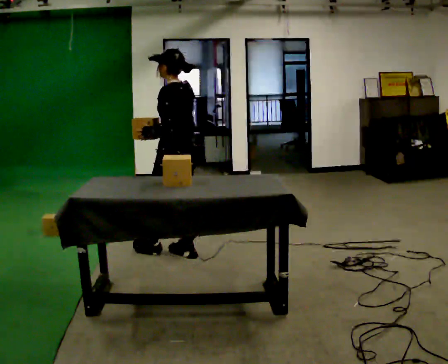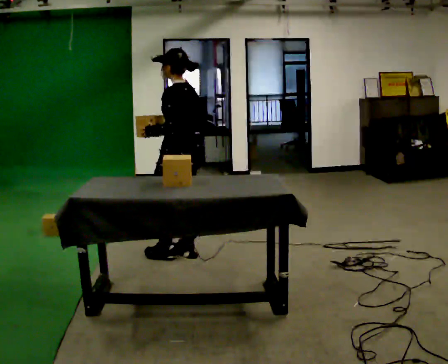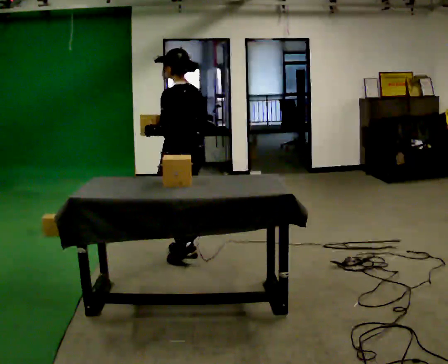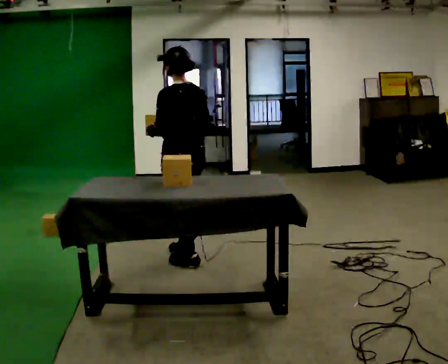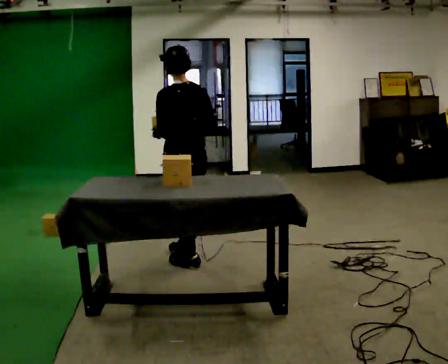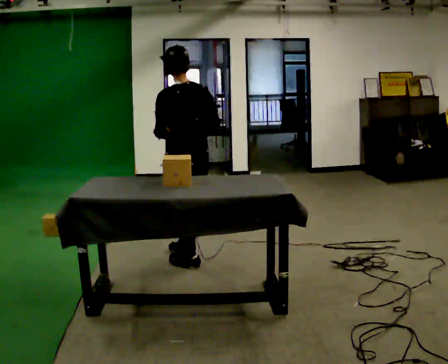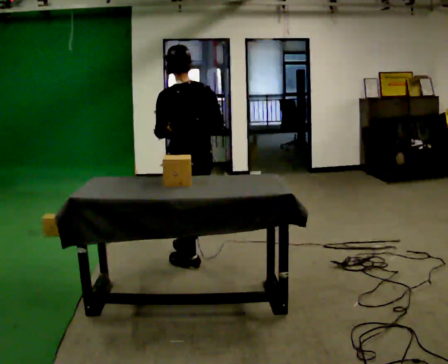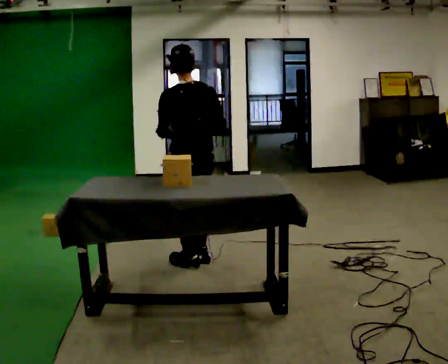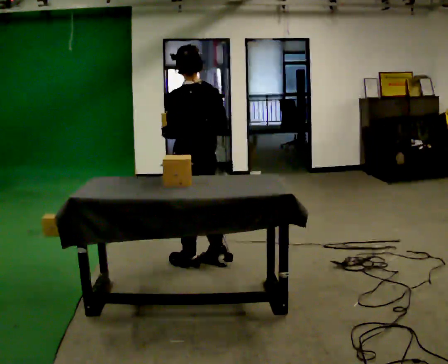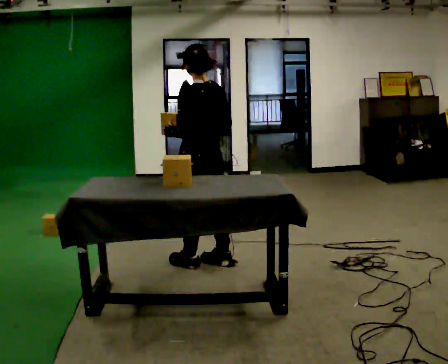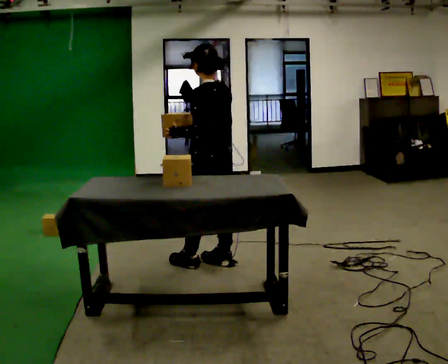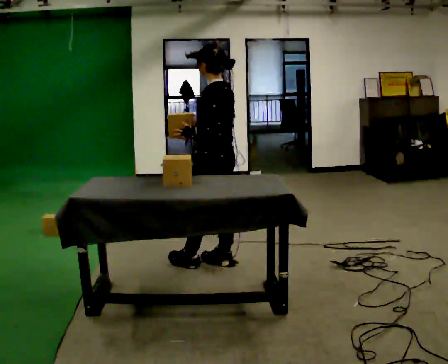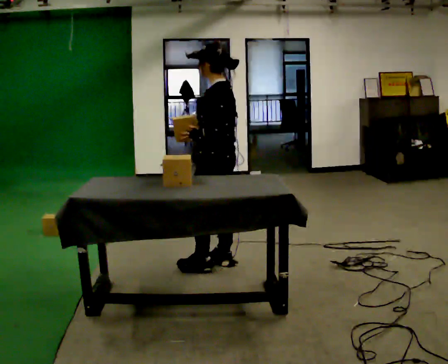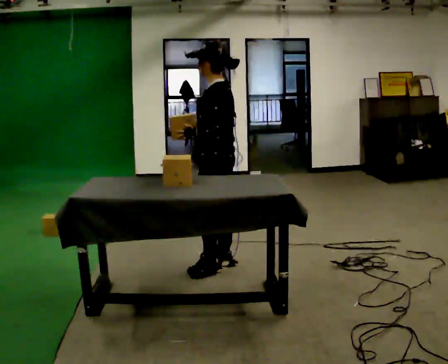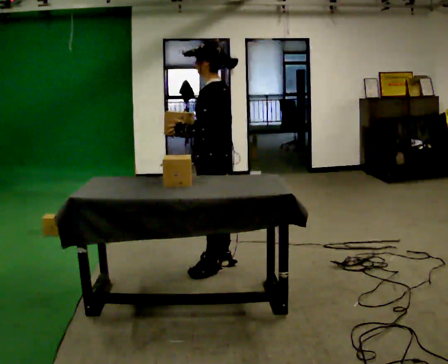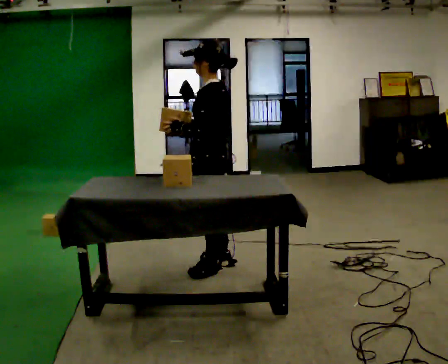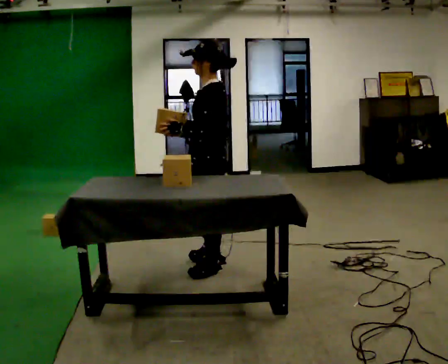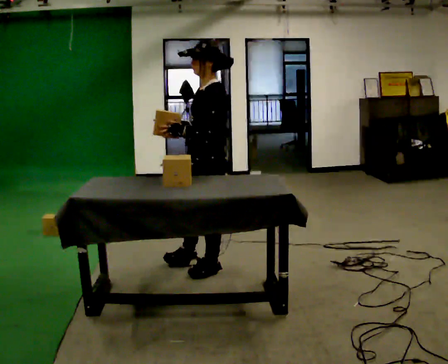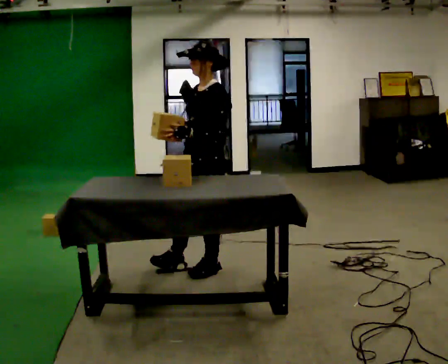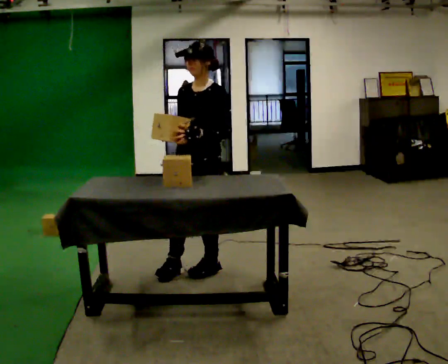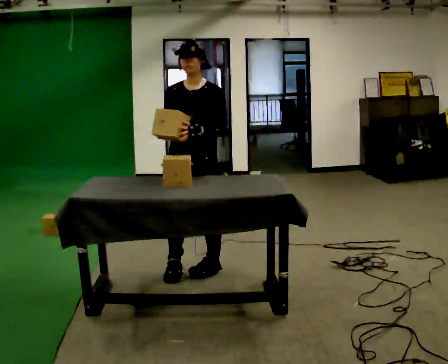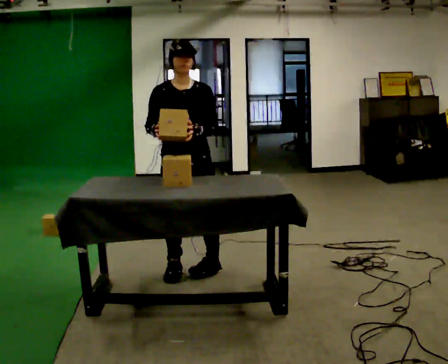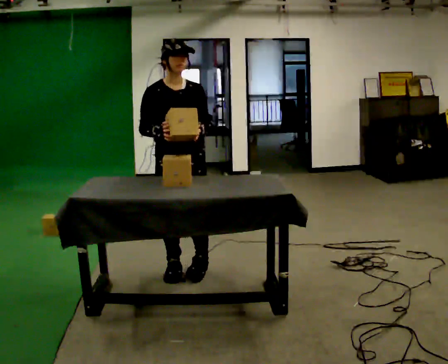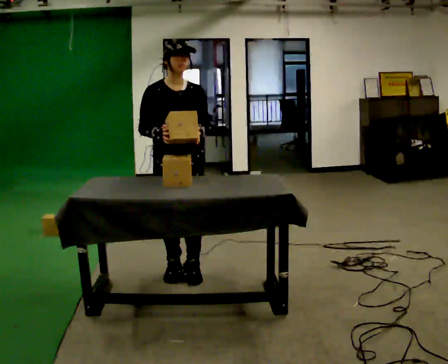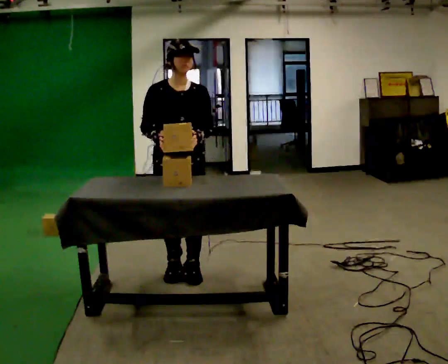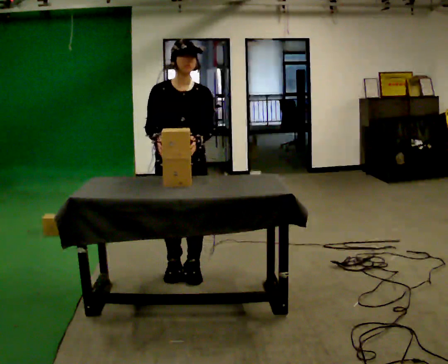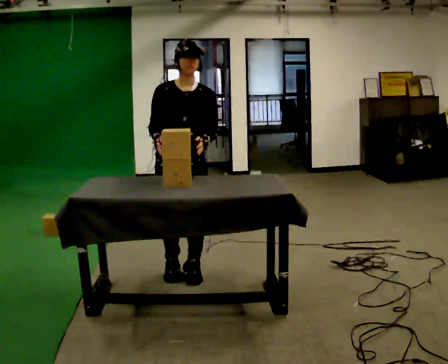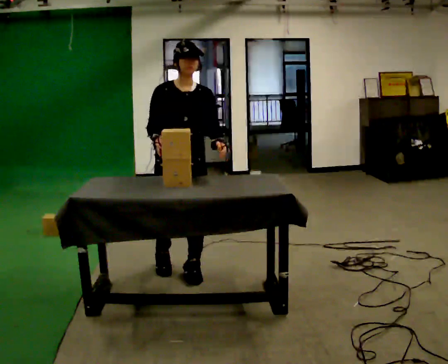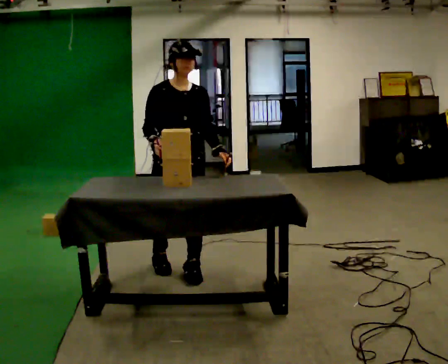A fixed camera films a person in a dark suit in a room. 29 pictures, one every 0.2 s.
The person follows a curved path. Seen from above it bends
clockwise.
0.0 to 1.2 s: The part of the body nearest the lens slides to the left as the person turns to their right by about 30 degrees. In the picture they go toward the camera, about 0.25 m in 1 step, which for them is backward and to their left.
1.2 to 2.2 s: Seen from above the body turns counterclockwise, about 30 degrees: to their left, with its near side sliding to the right. In the picture they go to the right, about 0.25 m, which for them is to their right.
2.2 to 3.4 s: Seen from above the body turns counterclockwise, about 30 degrees: to their left, with its near side sliding to the right.
3.4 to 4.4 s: The person turns about 90 degrees to their left, counterclockwise seen from above, so the part of the body nearest the lens slides to the right. In the picture they go to the left, about 0.25 m in 1 step.
4.4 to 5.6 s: The person moves a little, or ends about where they began.
The film runs backward here.
